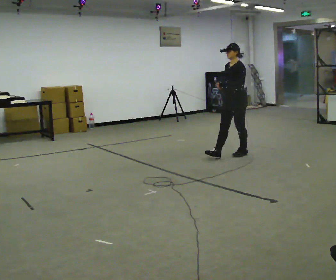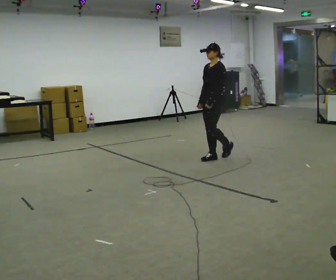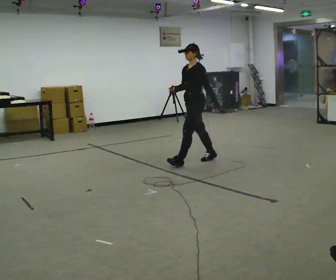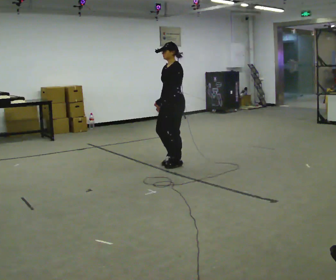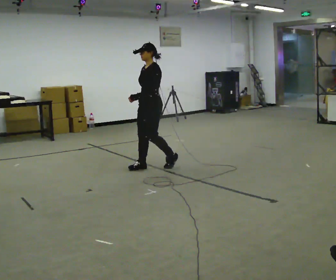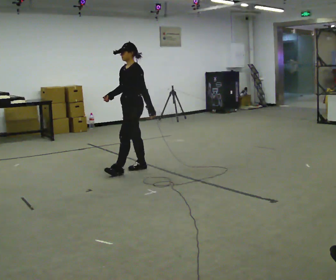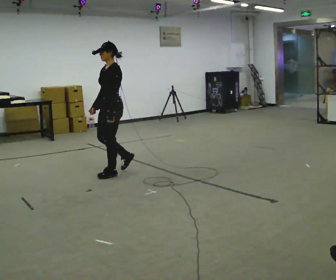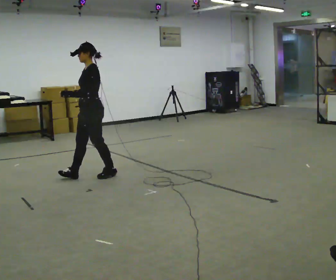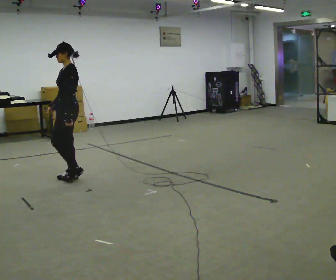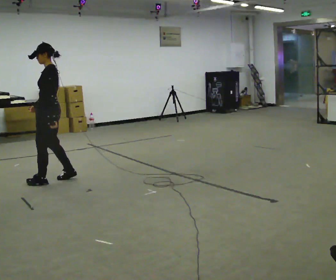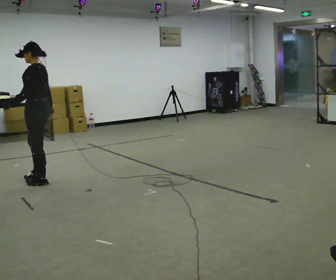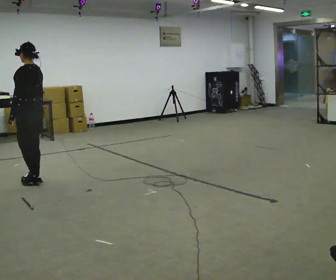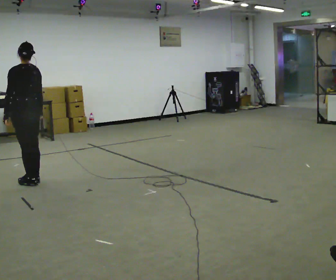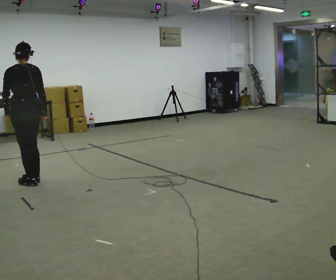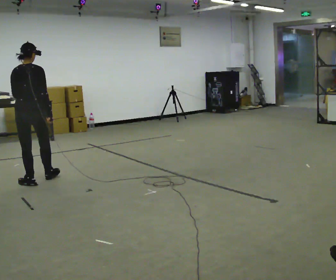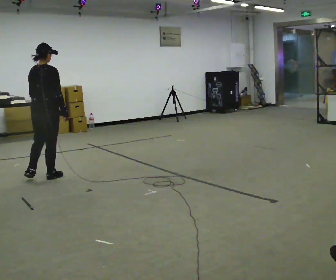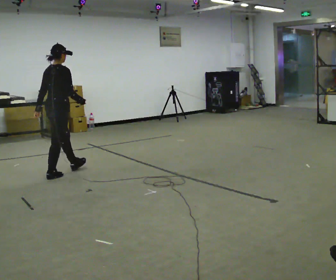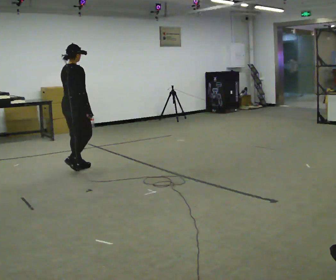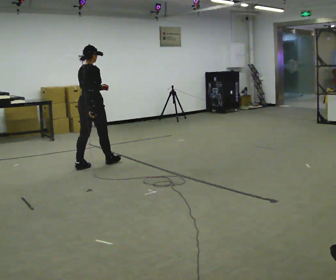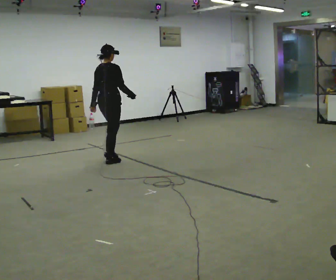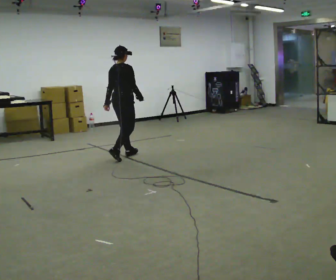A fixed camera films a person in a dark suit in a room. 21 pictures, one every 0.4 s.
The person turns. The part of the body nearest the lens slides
to the left.
The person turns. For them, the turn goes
to their right.
0.0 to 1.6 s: In the picture they go to the left, about 1 m in 3 steps, which for them is forward.
1.6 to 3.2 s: In the picture they go to the left, about 1 m in 2 steps, which for them is forward.
3.2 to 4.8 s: Seen from above the body turns clockwise, about 45 degrees: to their right, with its near side sliding to the left. In the picture they go to the left, about 0.5 m in 2 steps, which for them is forward and to their left.
4.8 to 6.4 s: The part of the body nearest the lens slides to the left as the person turns to their right by about 105 degrees. In the picture they go to the right and away from the camera, about 0.5 m in 1 step.
6.4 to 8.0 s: In the picture they go to the right and away from the camera, about 1 m in 3 steps, which for them is forward.
The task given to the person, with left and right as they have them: Walk through 3–5 turns in sequence; keep moving; stop at end.
The film runs forward here.
